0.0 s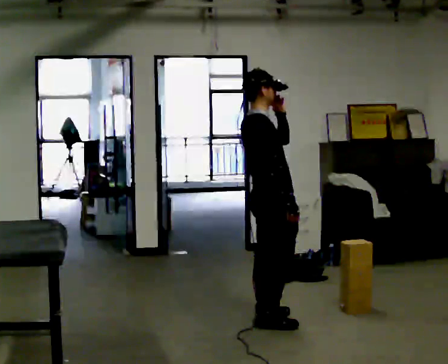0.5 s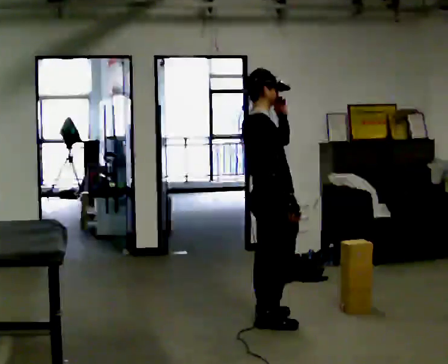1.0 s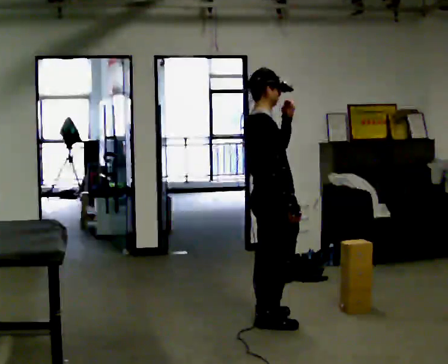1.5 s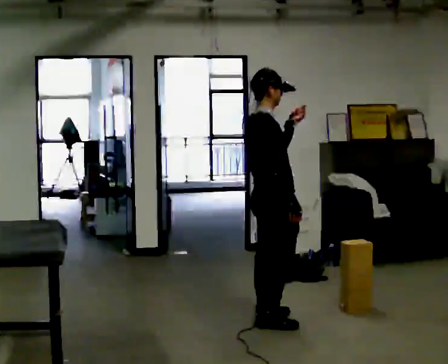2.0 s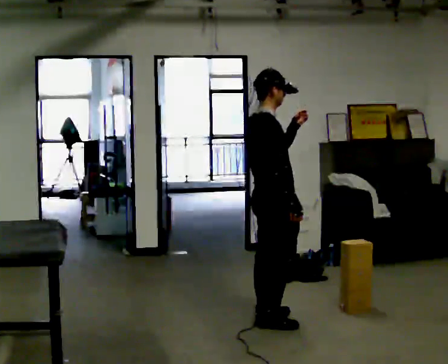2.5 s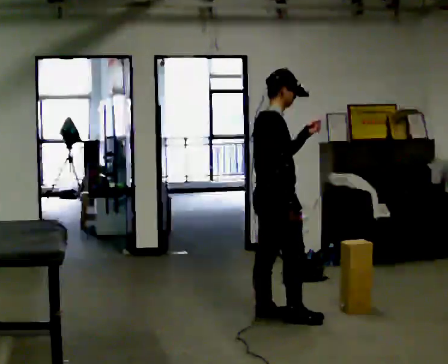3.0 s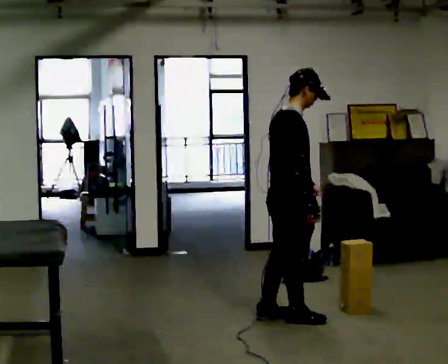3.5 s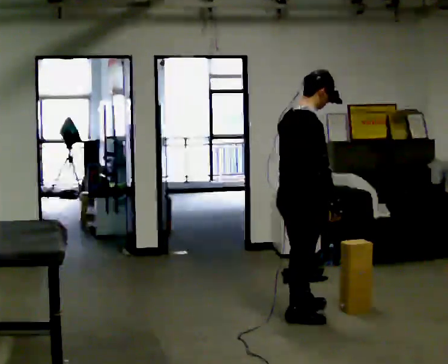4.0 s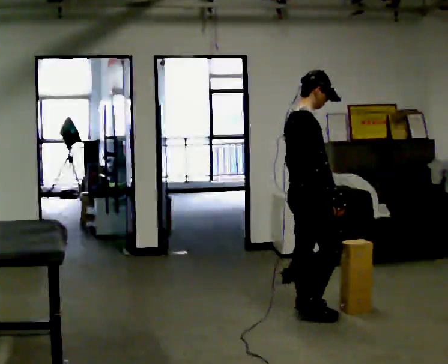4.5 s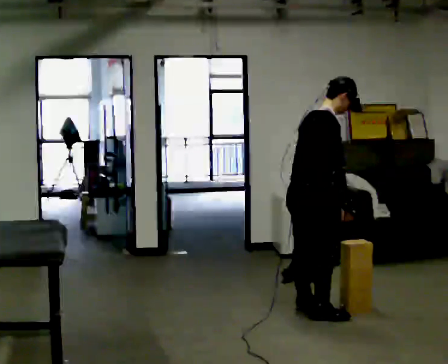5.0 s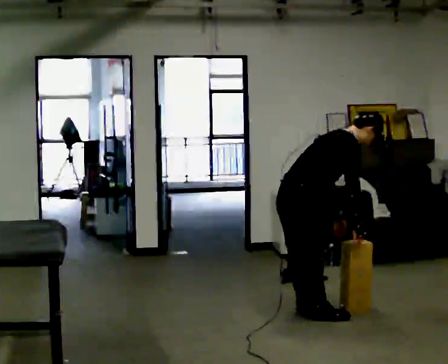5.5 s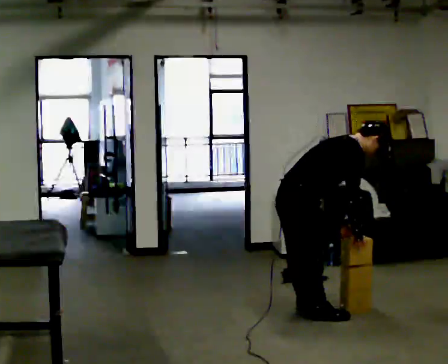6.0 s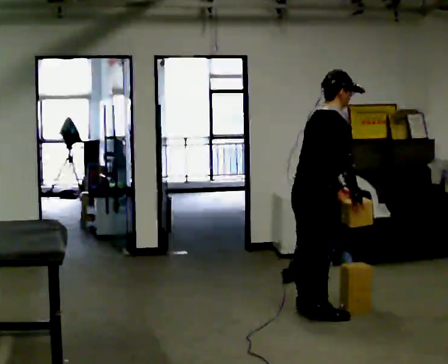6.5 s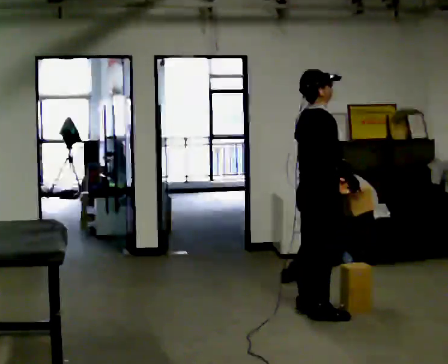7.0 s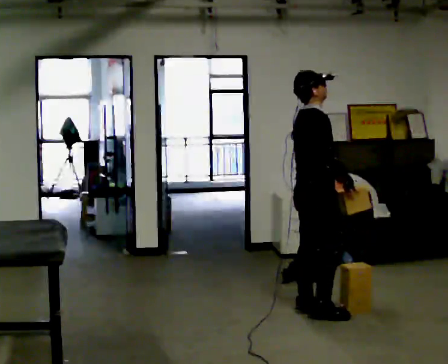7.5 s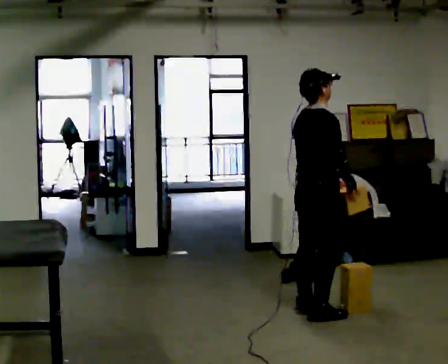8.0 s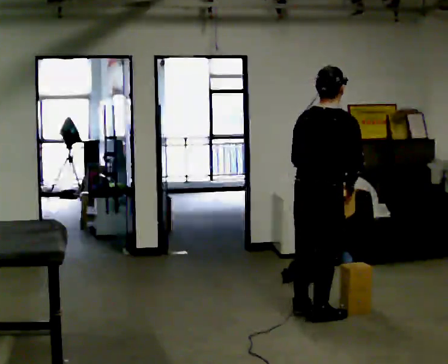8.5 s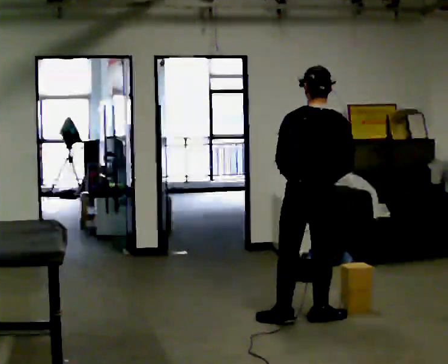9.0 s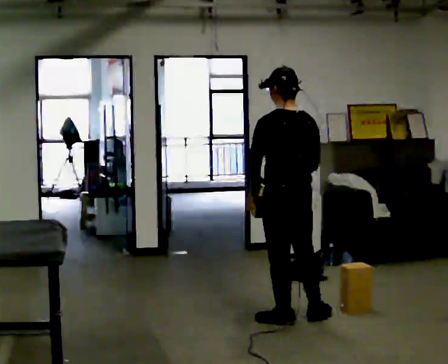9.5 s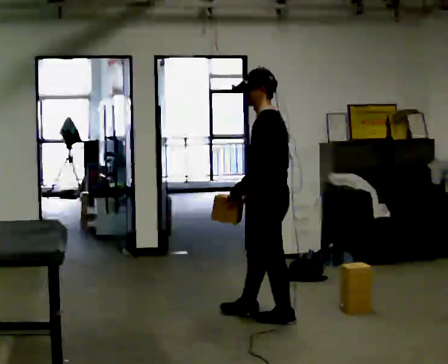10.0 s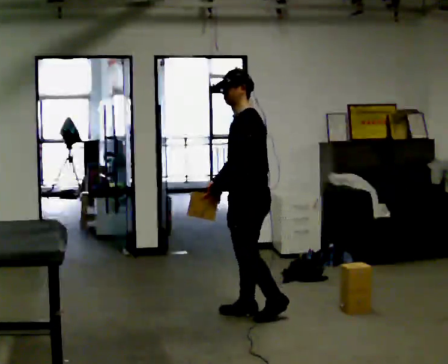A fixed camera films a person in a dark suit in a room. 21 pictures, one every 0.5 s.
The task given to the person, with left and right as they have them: Carry the object across the room and place it on the lowest shelf, crouching down to do it. Keep going until the operator says stop; one object at a time, and do not rush between trips.
0.0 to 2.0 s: The person moves a little, or ends about where they began.
2.0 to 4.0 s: In the picture they go to the right, about 0.25 m in 2 steps, which for them is forward. In the picture their left hand goes downward.
4.0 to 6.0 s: The person moves a little, or ends about where they began.
6.0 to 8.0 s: The part of the body nearest the lens slides to the right as the person turns to their left by about 45 degrees.
8.0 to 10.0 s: Seen from above the body turns counterclockwise, about 135 degrees: to their left, with its near side sliding to the right. In the picture they go to the left and away from the camera, about 0.5 m in 2 steps. In the picture the upper body tilts counterclockwise, shoulders to the left.
The film runs forward here.
